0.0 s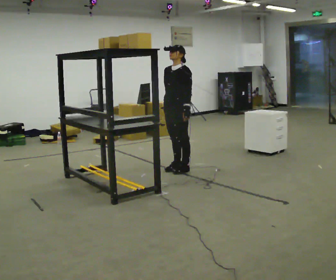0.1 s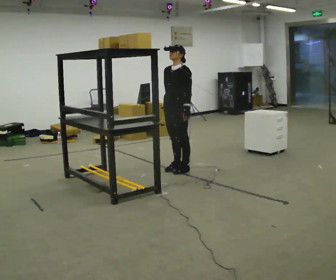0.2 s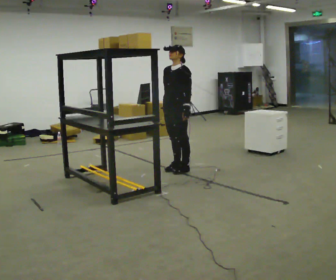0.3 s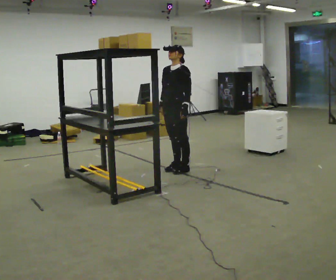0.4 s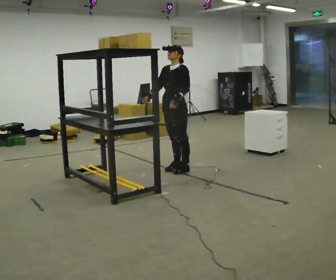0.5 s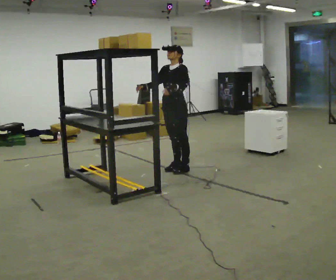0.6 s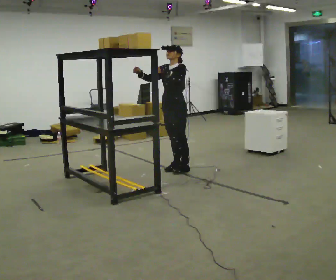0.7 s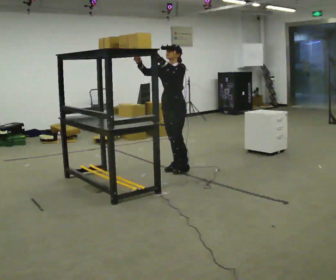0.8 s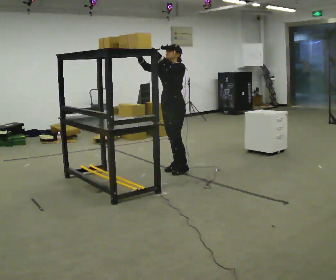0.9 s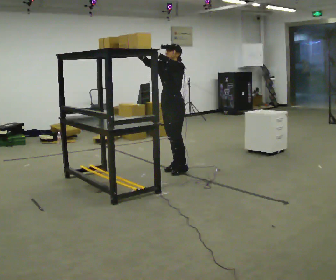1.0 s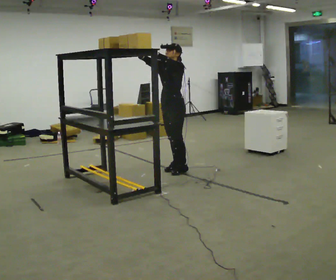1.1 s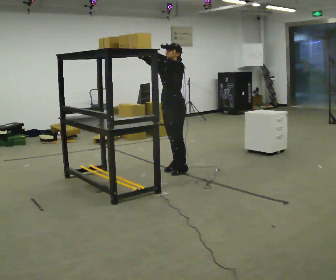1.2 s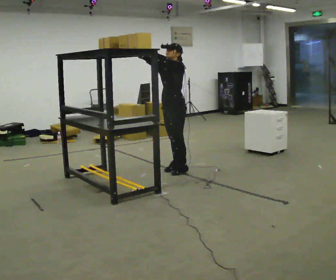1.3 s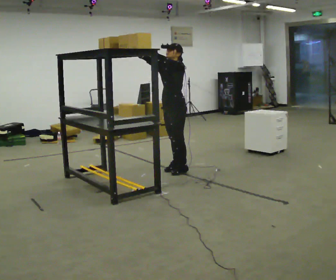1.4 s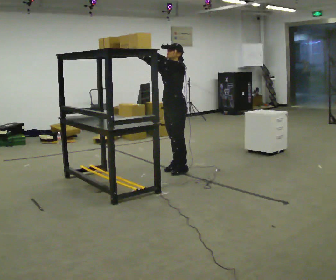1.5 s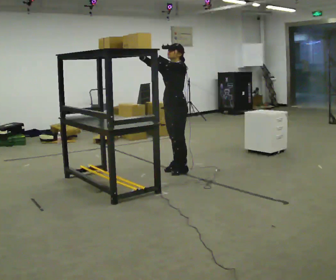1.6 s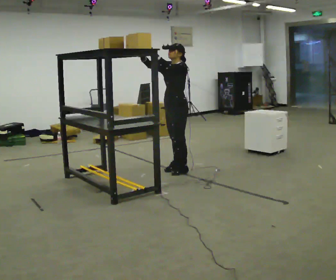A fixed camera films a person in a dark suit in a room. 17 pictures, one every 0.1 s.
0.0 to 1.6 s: In the picture their right hand goes upward, the arm swinging clockwise.
The film runs forward here.
